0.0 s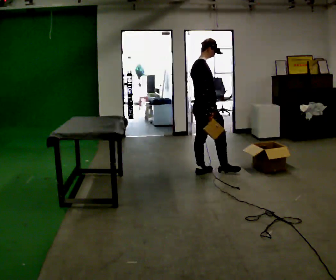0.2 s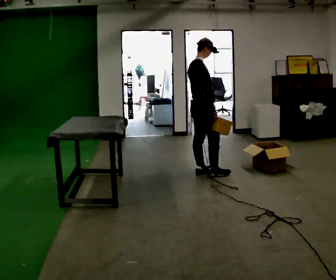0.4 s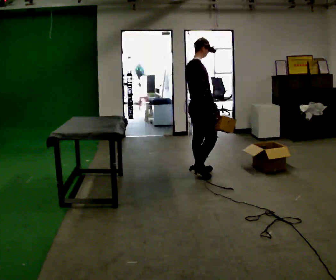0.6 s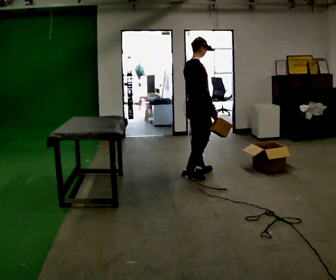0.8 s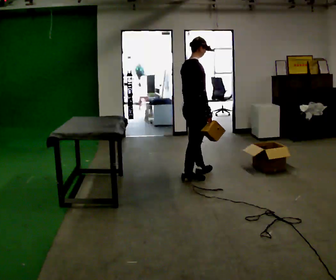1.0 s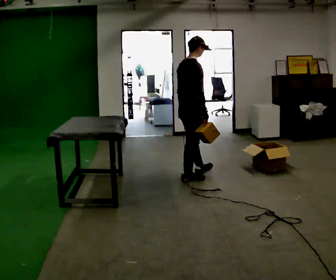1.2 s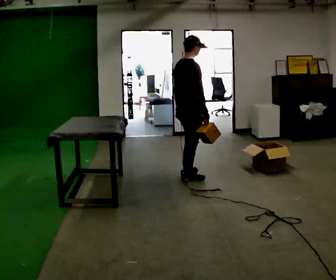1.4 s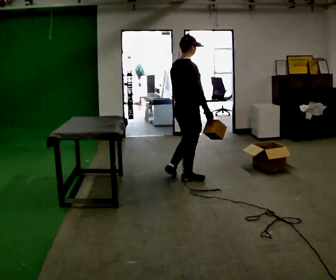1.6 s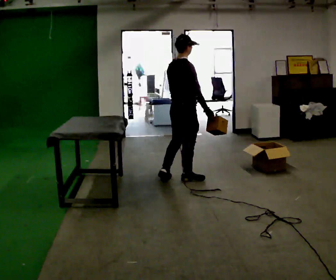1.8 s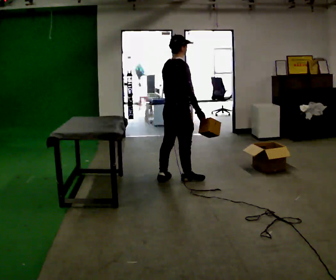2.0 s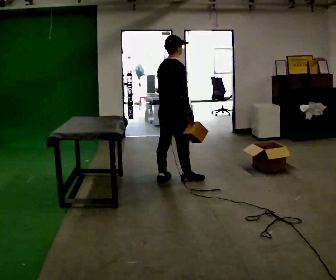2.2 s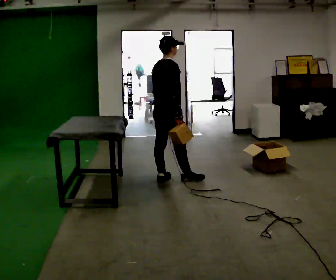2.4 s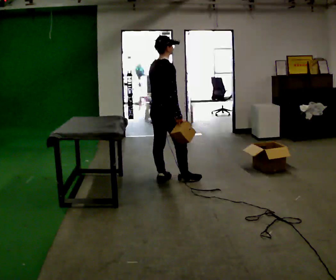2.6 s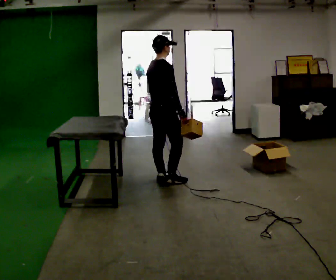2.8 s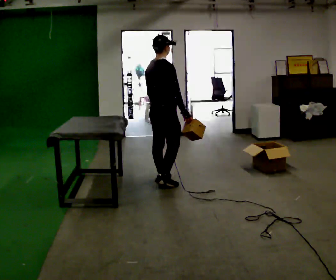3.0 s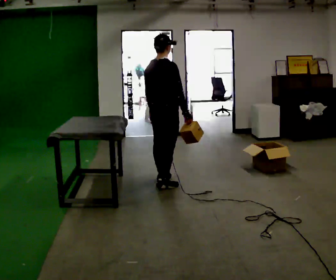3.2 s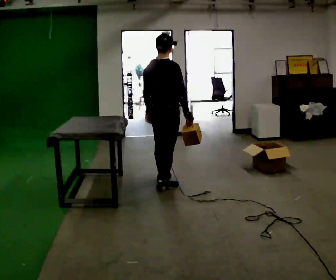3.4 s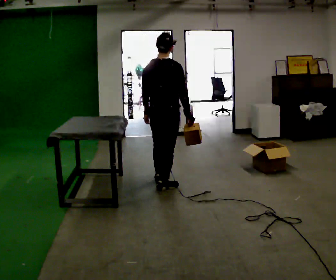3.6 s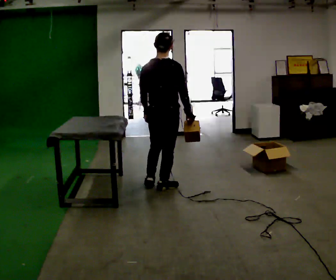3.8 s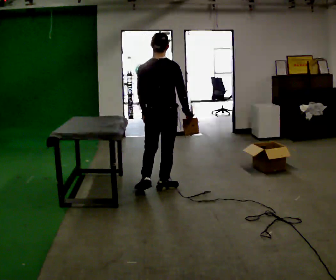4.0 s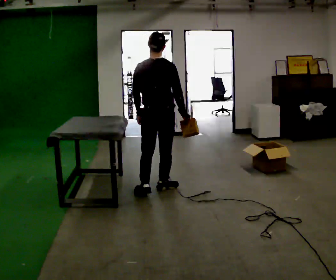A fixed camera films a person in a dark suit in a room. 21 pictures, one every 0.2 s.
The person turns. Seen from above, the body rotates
counterclockwise.
The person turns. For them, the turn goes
to their left.
0.0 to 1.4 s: In the picture they go toward the camera and to the left, about 0.25 m in 1 step, which for them is backward and to their right.
1.4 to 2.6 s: In the picture they go to the left, about 0.25 m in 1 step, which for them is backward and to their left.
2.6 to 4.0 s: The person turns about 45 degrees to their left, counterclockwise seen from above, so the part of the body nearest the lens slides to the right. In the picture they go toward the camera, about 0.25 m in 1 step, which for them is backward.
The film runs backward here.
